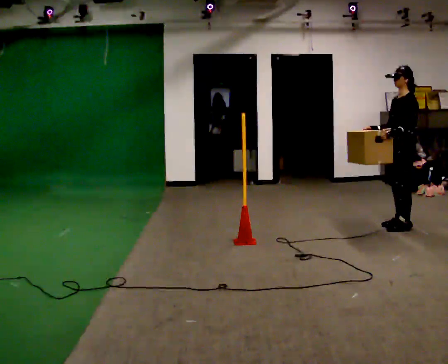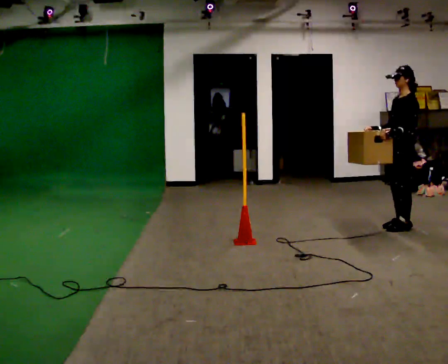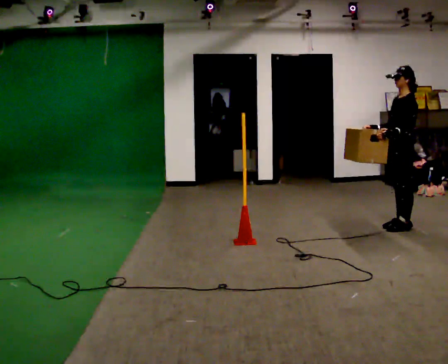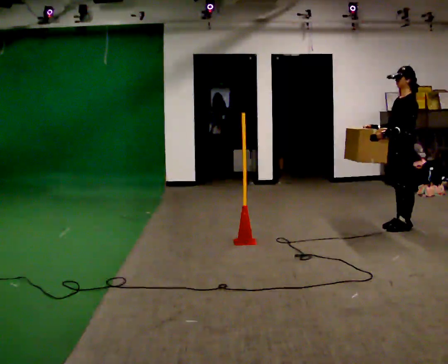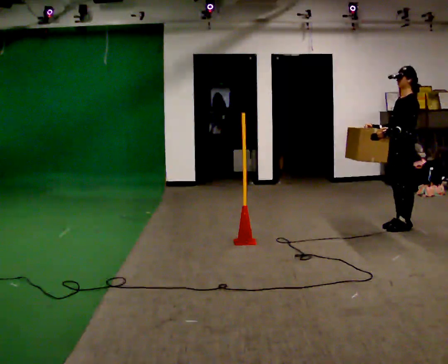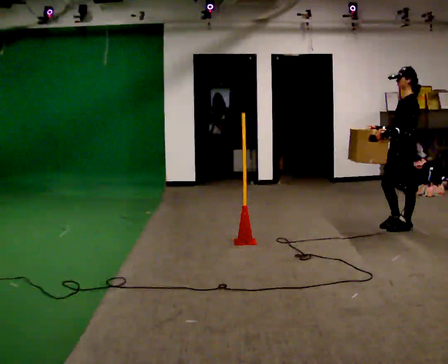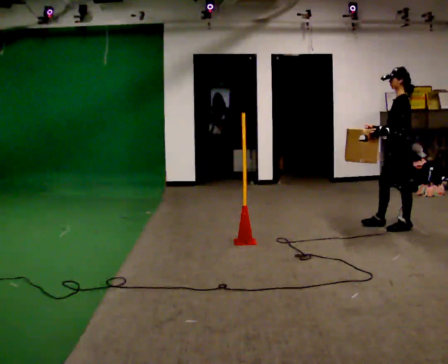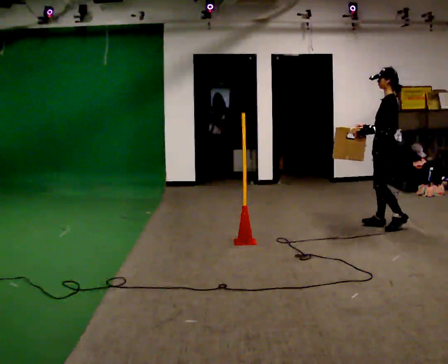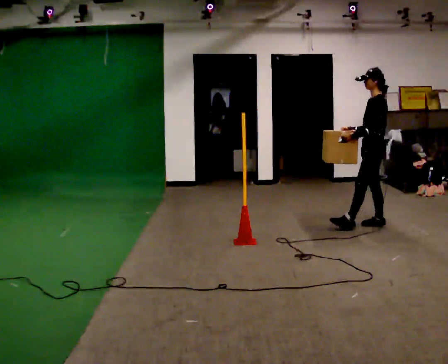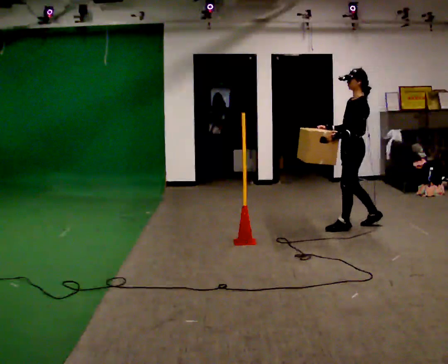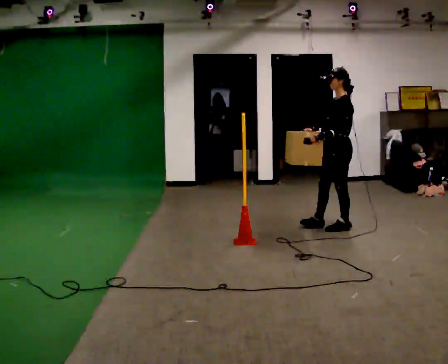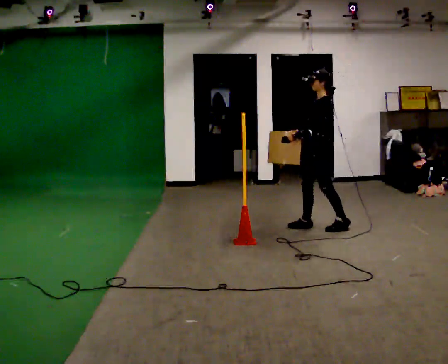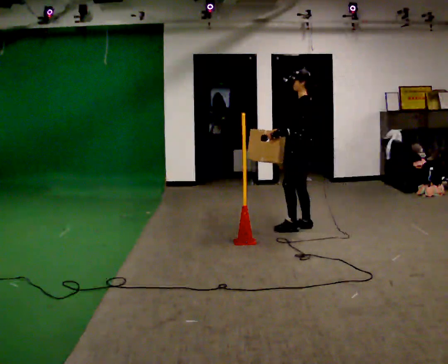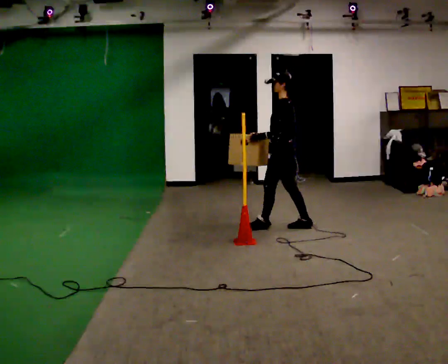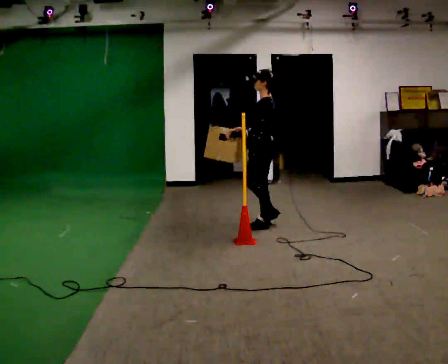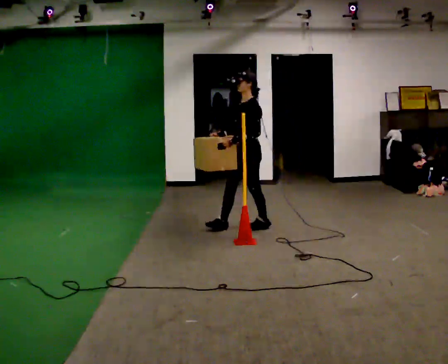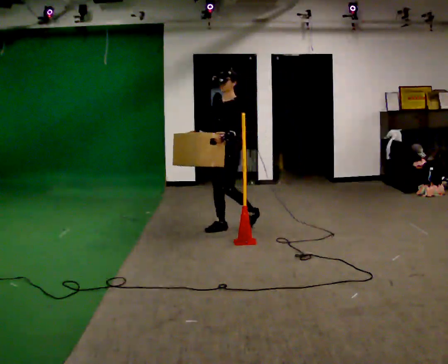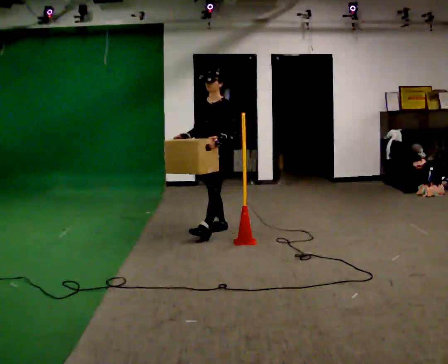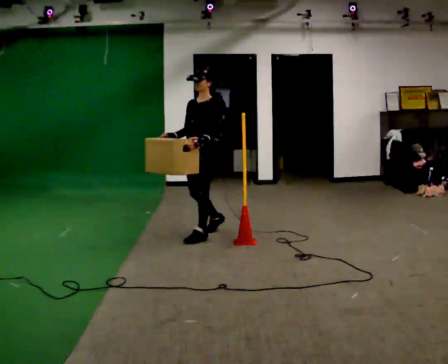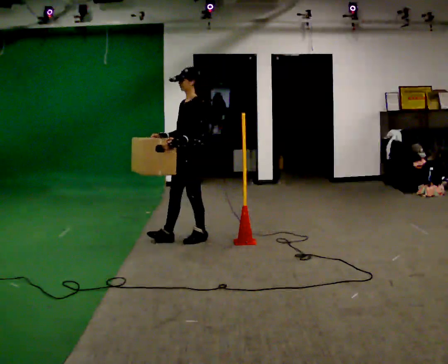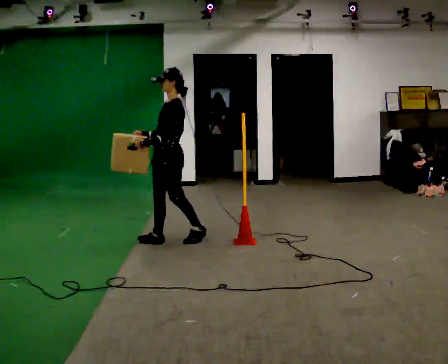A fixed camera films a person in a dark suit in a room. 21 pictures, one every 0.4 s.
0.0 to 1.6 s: The person moves a little, or ends about where they began.
1.6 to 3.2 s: In the picture they go to the left and away from the camera, about 0.25 m in 1 step, which for them is forward.
3.2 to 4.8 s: In the picture they go to the left, about 0.5 m in 2 steps, which for them is forward.
4.8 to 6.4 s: Seen from above the body turns counterclockwise, about 60 degrees: to their left, with its near side sliding to the right. In the picture they go to the left, about 1 m in 2 steps.
6.4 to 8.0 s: Seen from above the body turns clockwise, about 30 degrees: to their right, with its near side sliding to the left. In the picture they go toward the camera and to the left, about 0.75 m in 2 steps, which for them is forward.
The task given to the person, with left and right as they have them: Carry the box across the room. The operator will step into your path partway across, so go around them and carry on. Keep going until the operator says stop; one object at a time, and do not rush between trips.
The film runs forward here.
